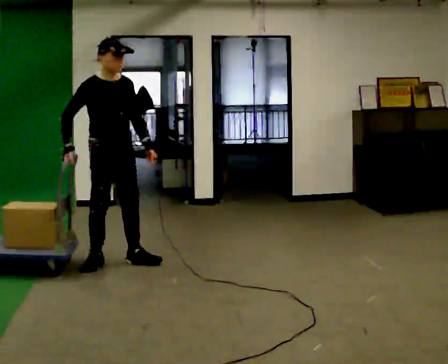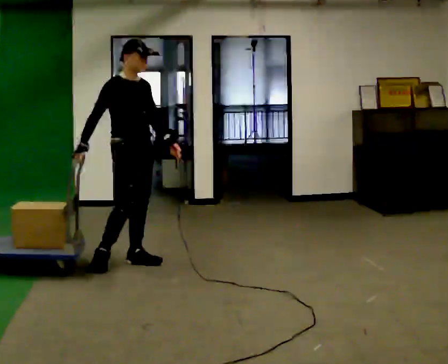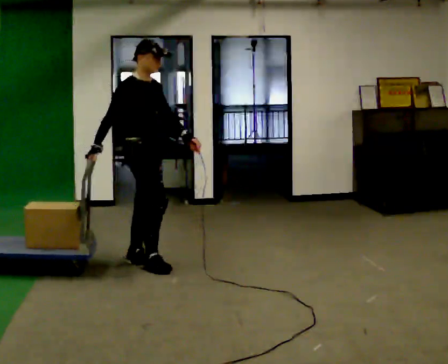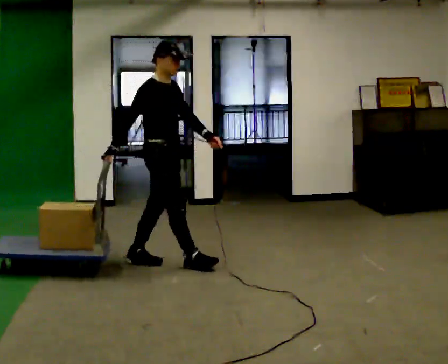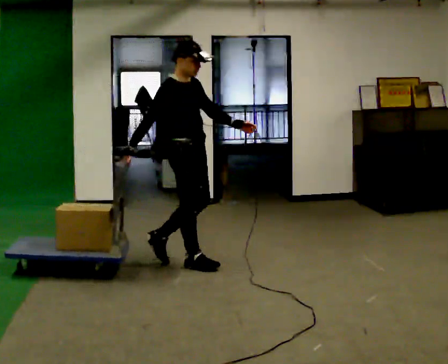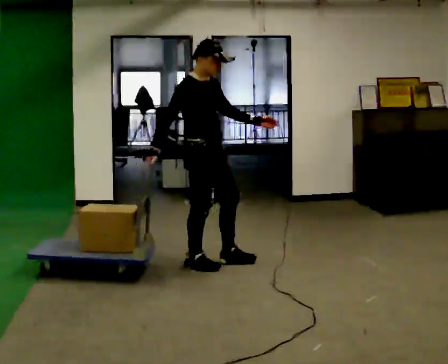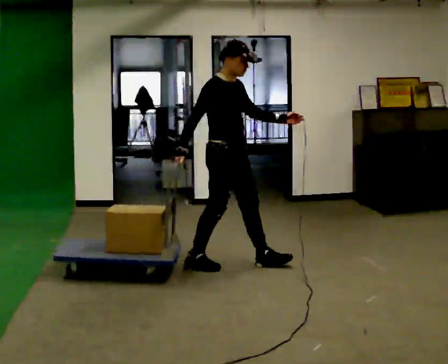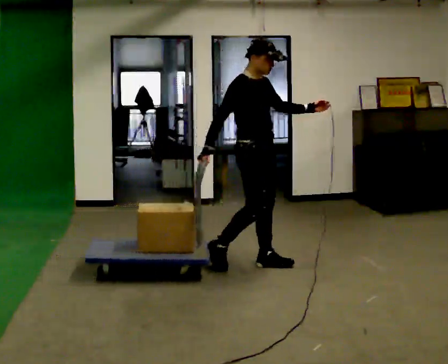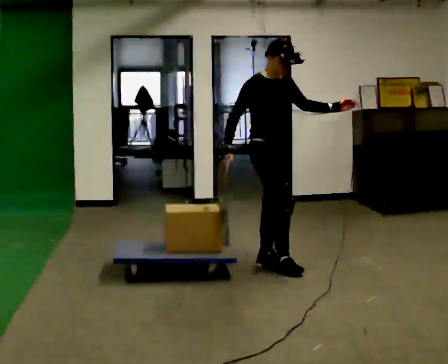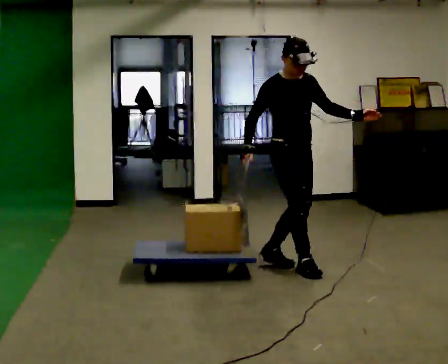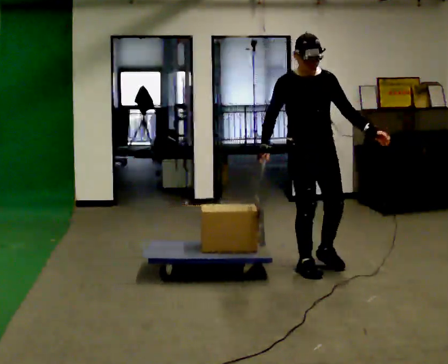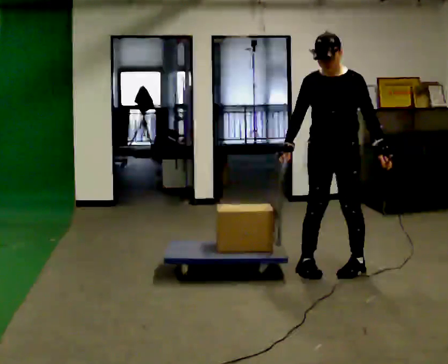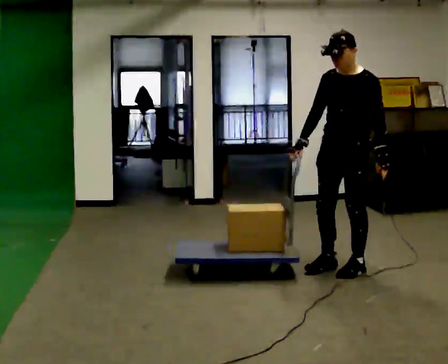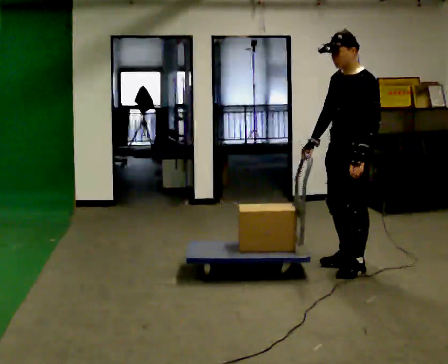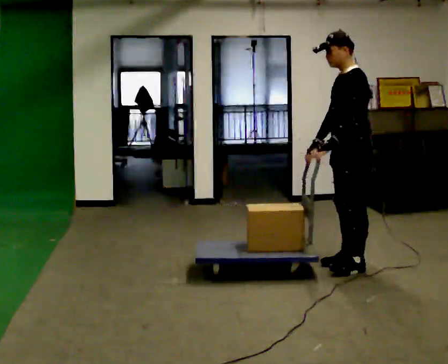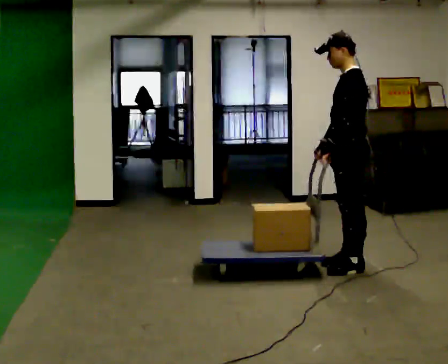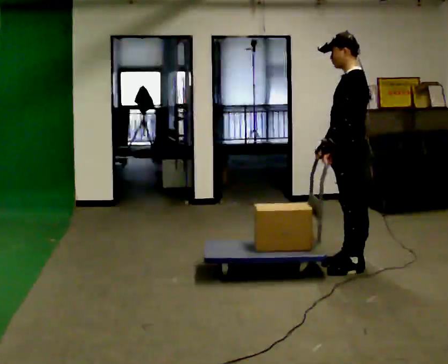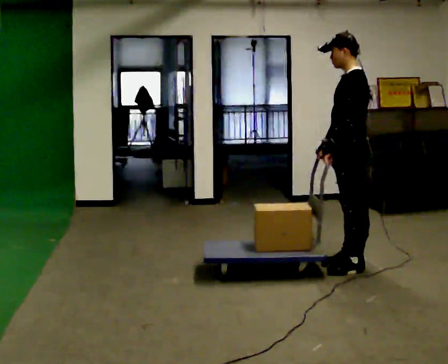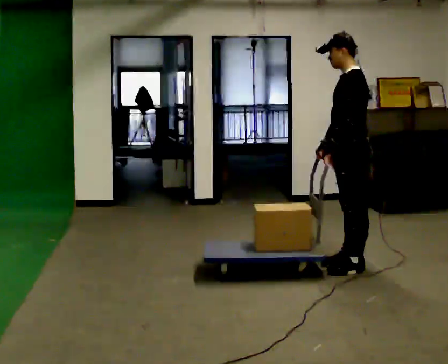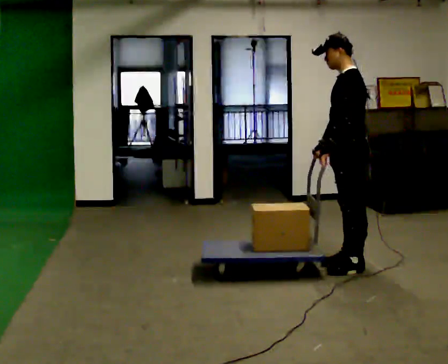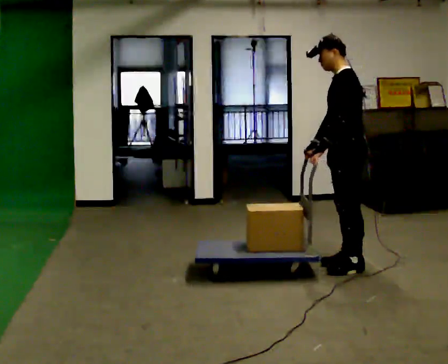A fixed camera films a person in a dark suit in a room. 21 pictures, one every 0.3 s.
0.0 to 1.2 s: The part of the body nearest the lens slides to the right as the person turns to their left by about 30 degrees. In the picture they go to the right, about 0.5 m in 1 step, which for them is forward.
1.2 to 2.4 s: In the picture they go to the right, about 0.75 m in 1 step, which for them is forward and to their left.
2.4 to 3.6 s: The part of the body nearest the lens slides to the left as the person turns to their right by about 90 degrees. In the picture they go to the right, about 0.5 m in 2 steps. In the picture their left hand goes downward, the arm swinging clockwise.
3.6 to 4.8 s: Seen from above the body turns clockwise, about 60 degrees: to their right, with its near side sliding to the left. In the picture their left hand goes to the left, the arm swinging clockwise.
4.8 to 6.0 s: The person moves a little, or ends about where they began.
The film runs forward here.
